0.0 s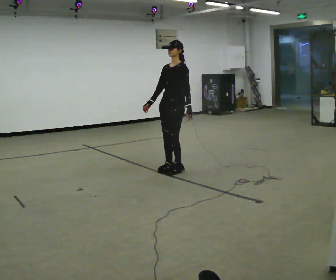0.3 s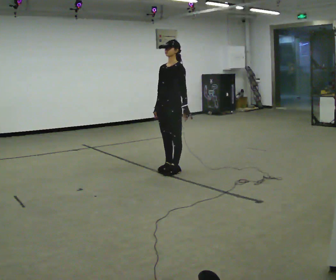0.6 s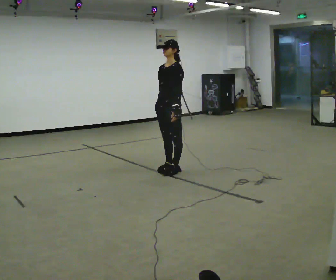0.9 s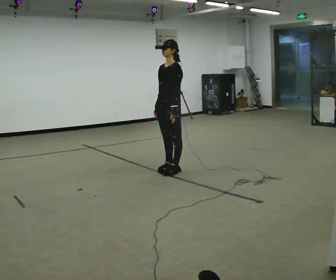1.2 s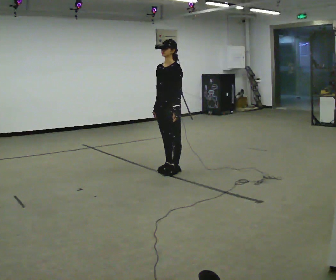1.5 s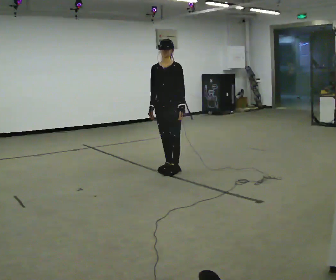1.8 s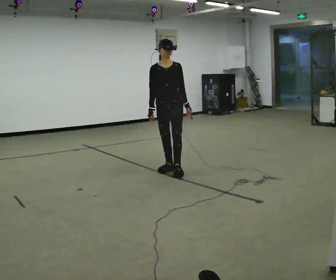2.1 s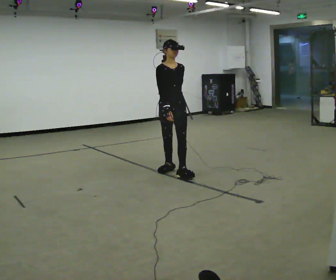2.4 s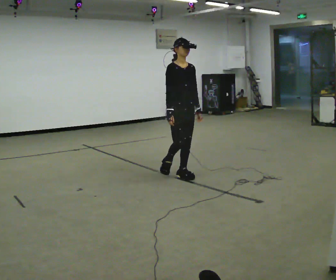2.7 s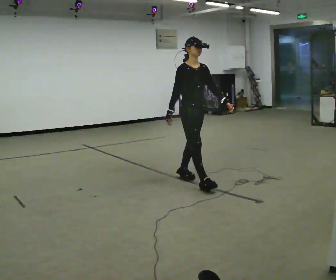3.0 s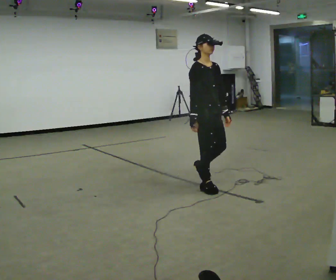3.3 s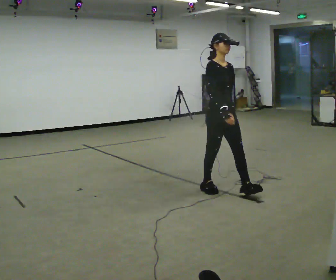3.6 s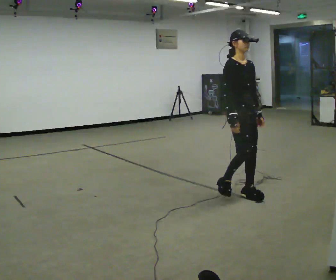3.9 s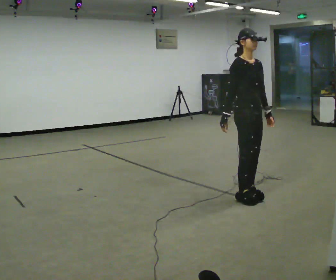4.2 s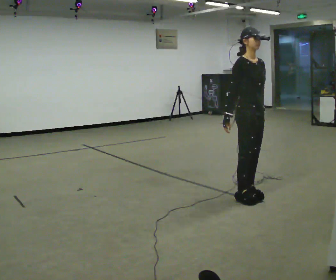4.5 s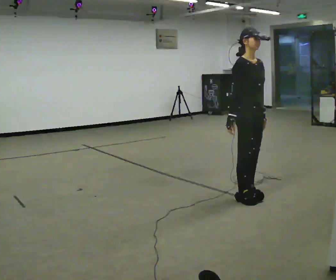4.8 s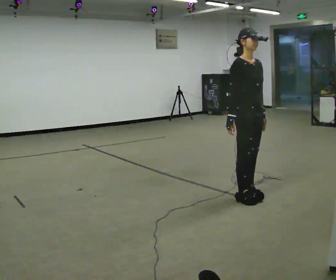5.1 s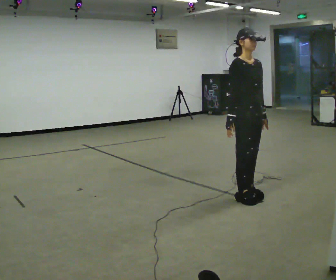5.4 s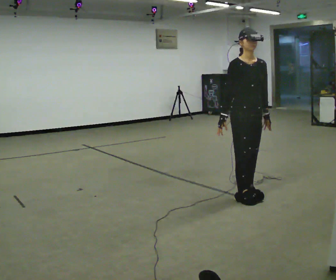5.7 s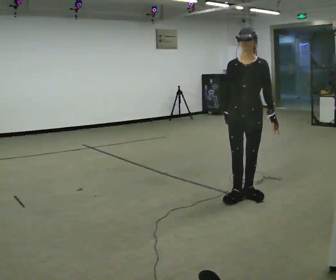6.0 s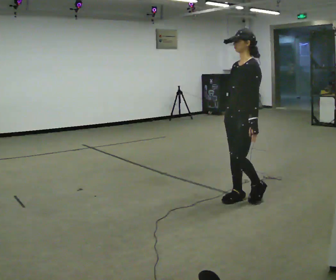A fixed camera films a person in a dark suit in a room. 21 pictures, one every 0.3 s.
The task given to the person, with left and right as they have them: Walk straight; turn 90° left/right while continuing to walk; continue.
0.0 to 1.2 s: The person moves a little, or ends about where they began.
1.2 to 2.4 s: Seen from above the body turns counterclockwise, about 75 degrees: to their left, with its near side sliding to the right. In the picture they go toward the camera and to the right, about 0.25 m in 1 step.
2.4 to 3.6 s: In the picture they go toward the camera and to the right, about 1 m in 2 steps, which for them is forward.
3.6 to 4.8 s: The person moves a little, or ends about where they began.
4.8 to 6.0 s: Seen from above the body turns clockwise, about 105 degrees: to their right, with its near side sliding to the left.
The film runs forward here.
